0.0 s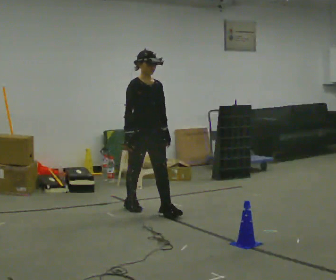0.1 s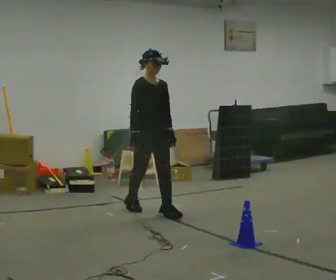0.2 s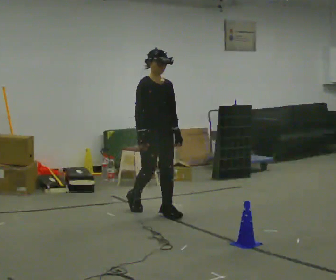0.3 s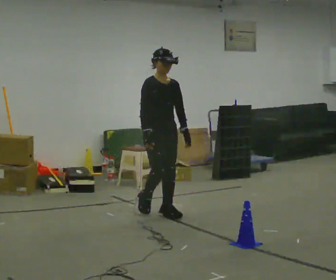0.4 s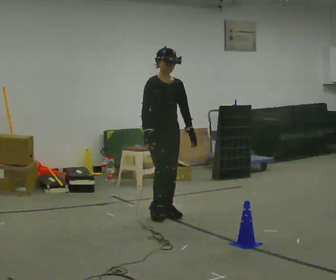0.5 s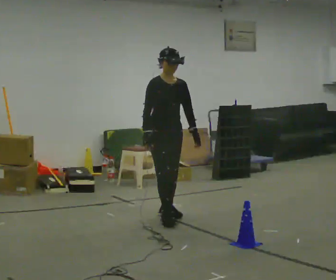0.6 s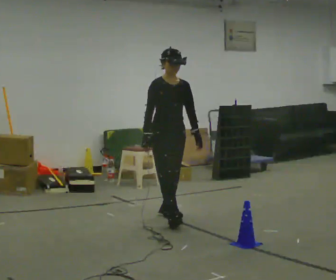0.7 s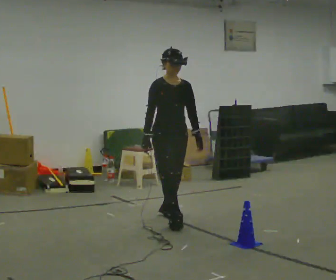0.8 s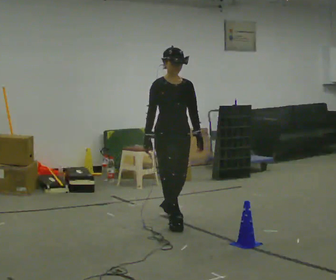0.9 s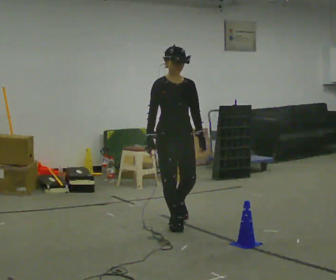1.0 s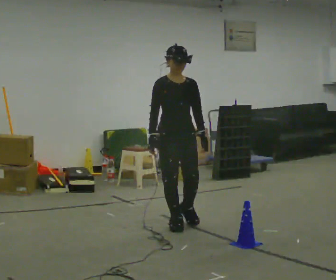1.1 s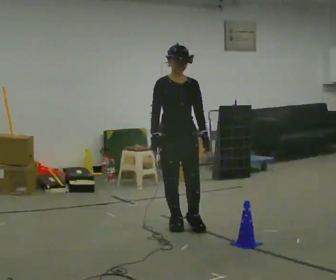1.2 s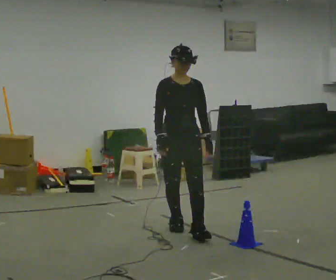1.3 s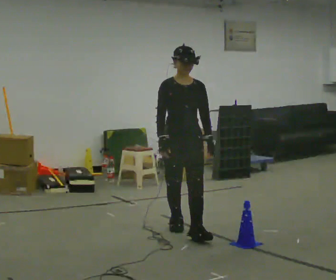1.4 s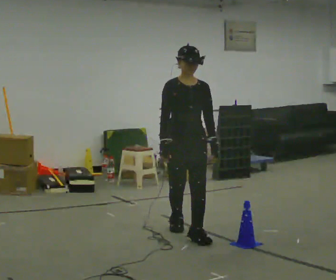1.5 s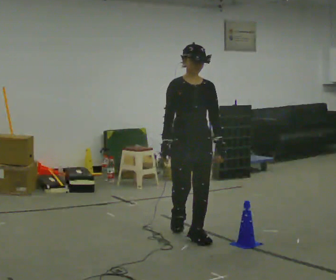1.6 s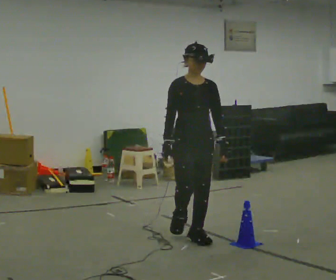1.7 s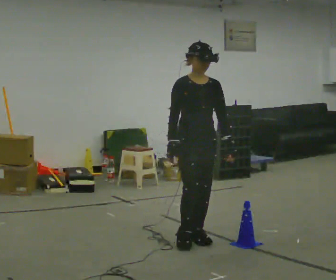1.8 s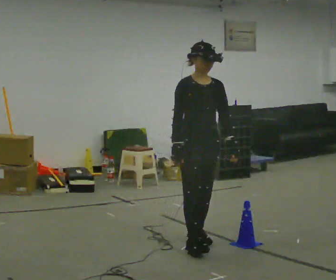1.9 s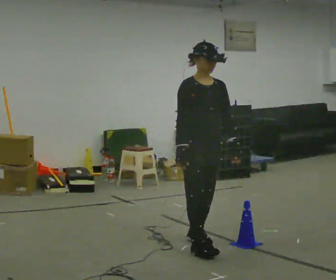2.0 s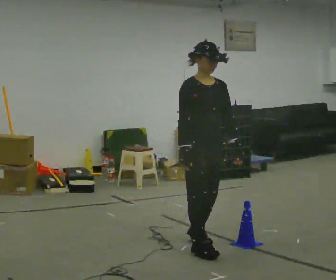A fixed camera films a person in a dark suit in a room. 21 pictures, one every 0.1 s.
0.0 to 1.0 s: In the picture they go toward the camera and to the right, about 0.75 m in 1 step, which for them is forward.
1.0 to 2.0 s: In the picture they go toward the camera, about 0.75 m in 2 steps, which for them is forward.
The film runs forward here.
